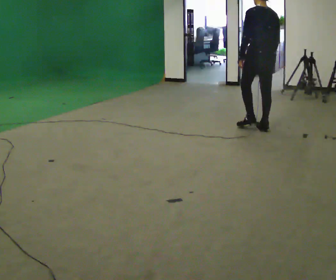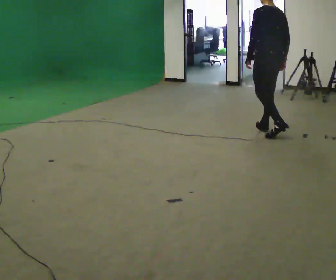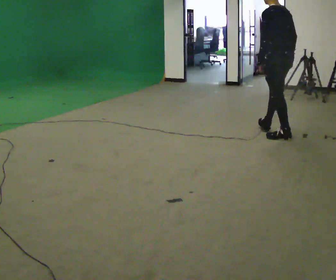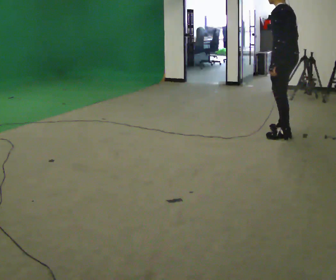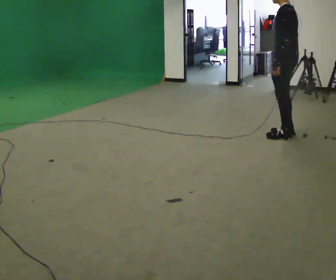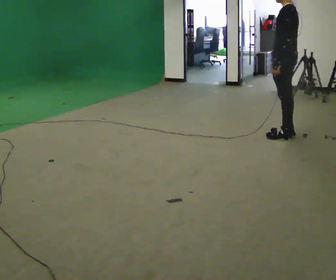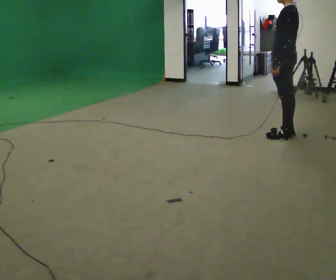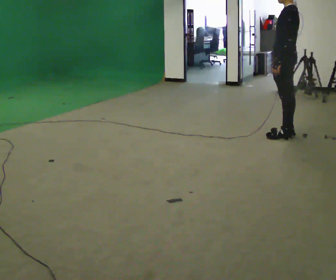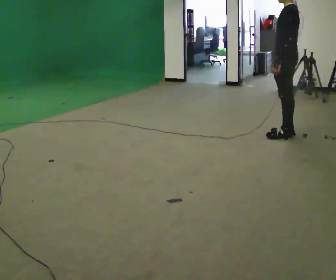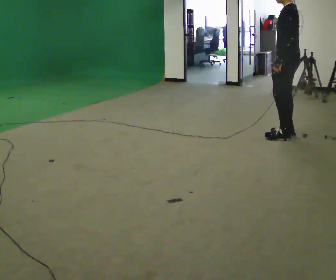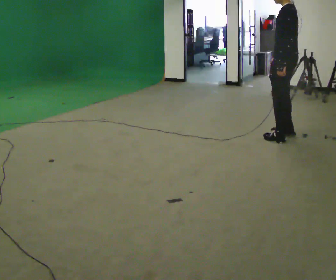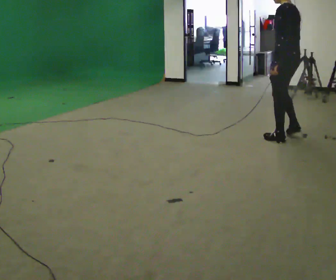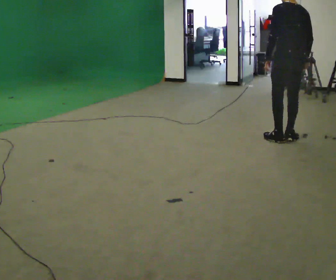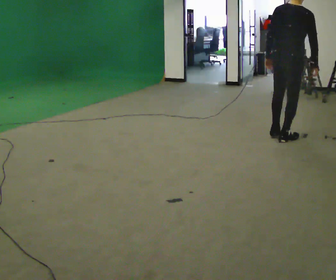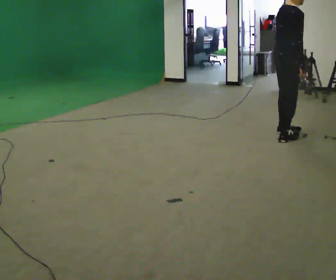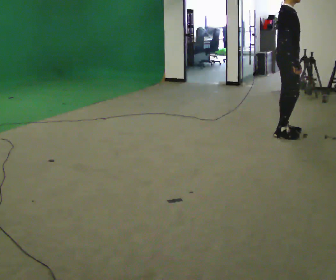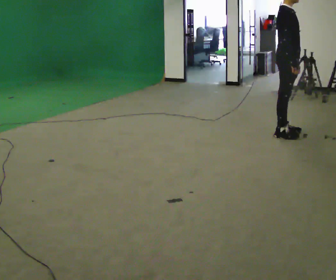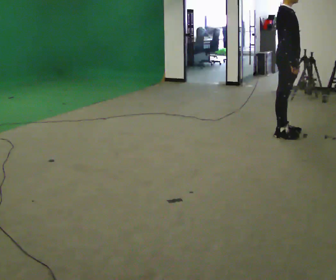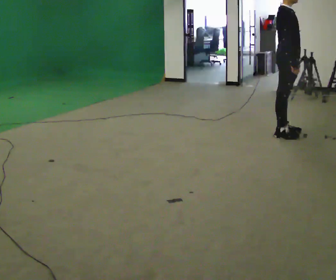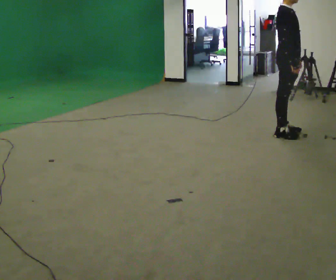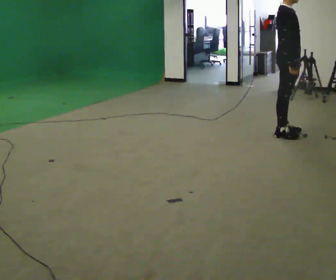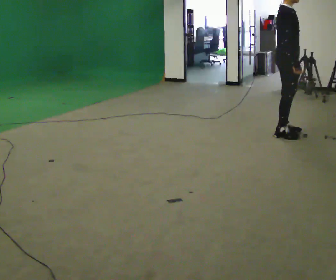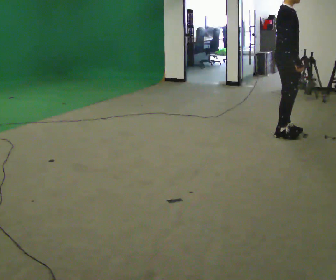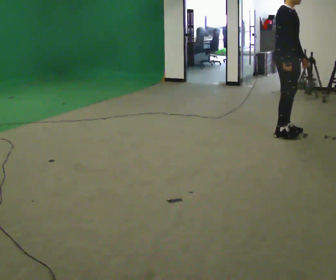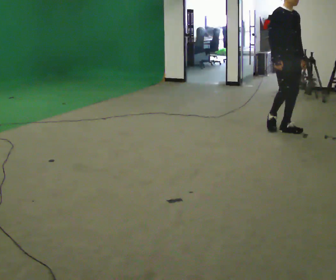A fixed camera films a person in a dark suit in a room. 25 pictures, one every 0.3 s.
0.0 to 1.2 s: The person turns about 45 degrees to their left, counterclockwise seen from above, so the part of the body nearest the lens slides to the right. In the picture they go to the right and toward the camera, about 0.5 m in 1 step, which for them is backward.
1.2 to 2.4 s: The person moves a little, or ends about where they began.
2.4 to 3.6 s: Seen from above the body turns clockwise, about 45 degrees: to their right, with its near side sliding to the left. In the picture they go toward the camera, about 0.25 m in 2 steps, which for them is to their left.
3.6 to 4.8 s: The person turns about 135 degrees to their right, clockwise seen from above, so the part of the body nearest the lens slides to the left. In the picture they go away from the camera, about 0.25 m in 1 step.
4.8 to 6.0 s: The person keeps their place and pose.
6.0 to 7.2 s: The person turns about 45 degrees to their right, clockwise seen from above, so the part of the body nearest the lens slides to the left. In the picture they go away from the camera, about 0.25 m in 1 step, which for them is to their left.
The film runs backward here.
